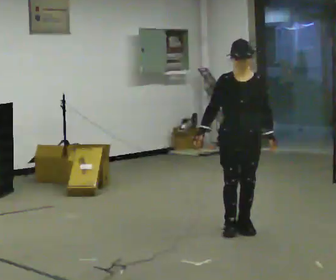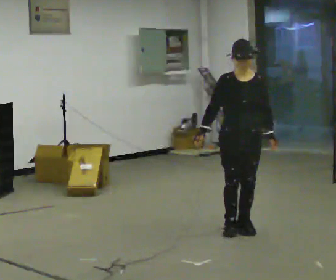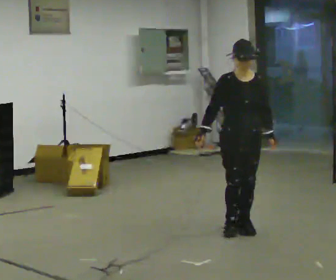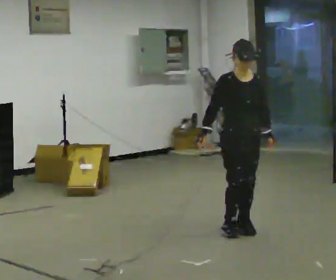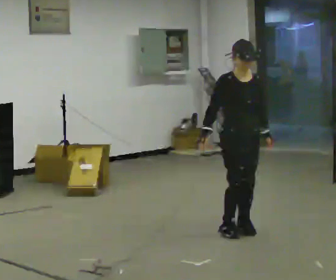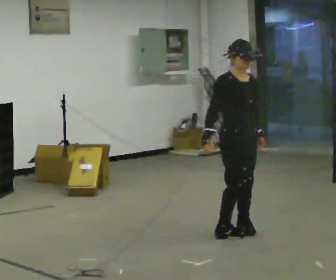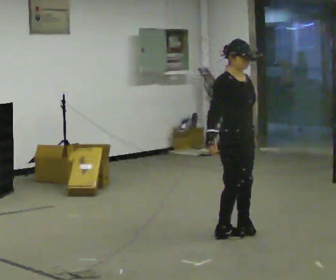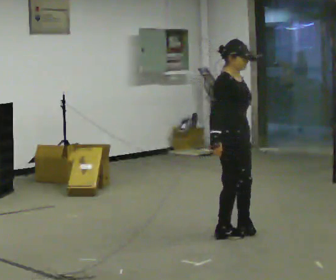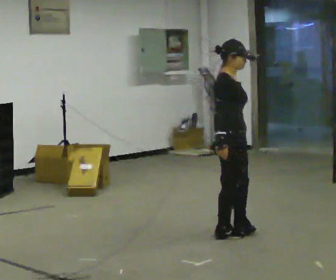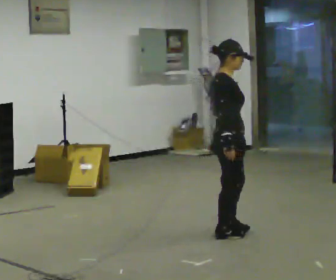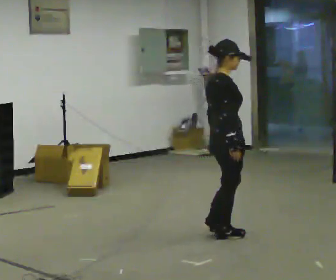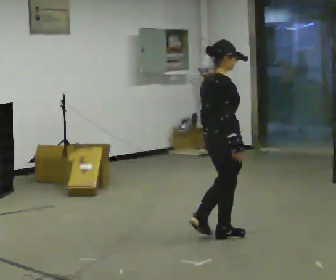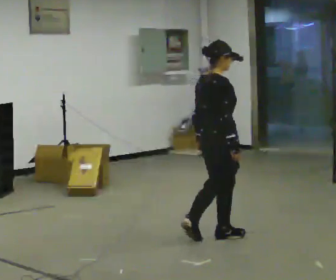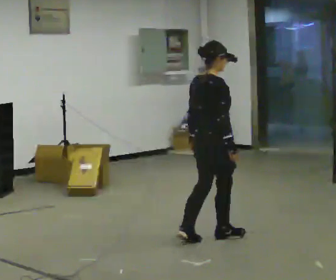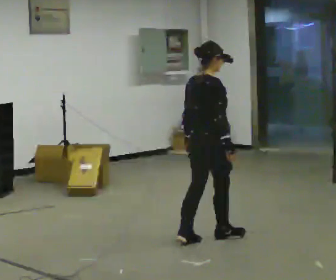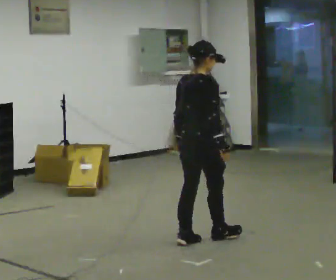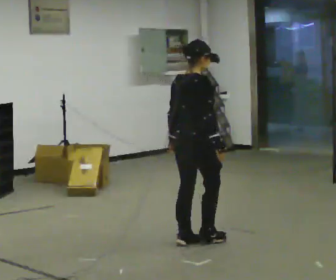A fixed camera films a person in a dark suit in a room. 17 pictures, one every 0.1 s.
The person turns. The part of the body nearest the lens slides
to the right.
The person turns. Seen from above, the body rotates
counterclockwise.
0.0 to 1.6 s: Seen from above the body turns counterclockwise, about 135 degrees: to their left, with its near side sliding to the right. In the picture they go toward the camera and to the left, about 0.5 m in 3 steps.
The film runs backward here.
